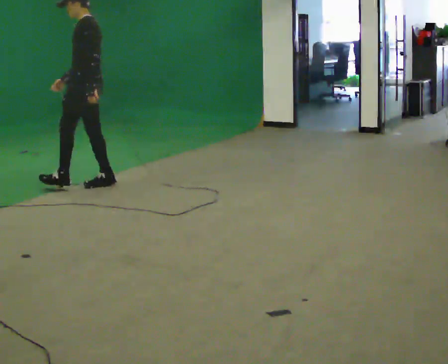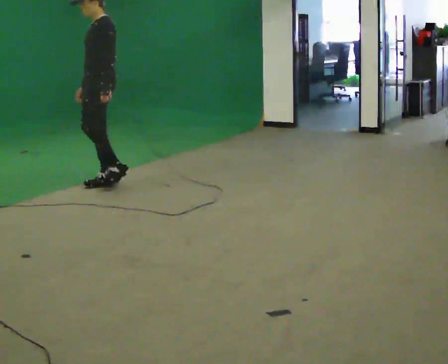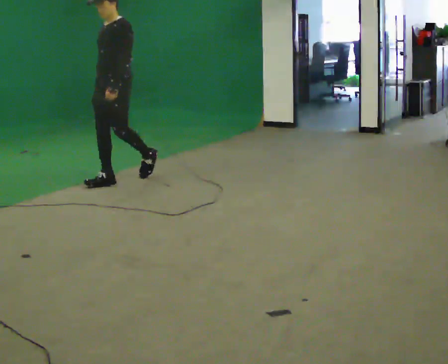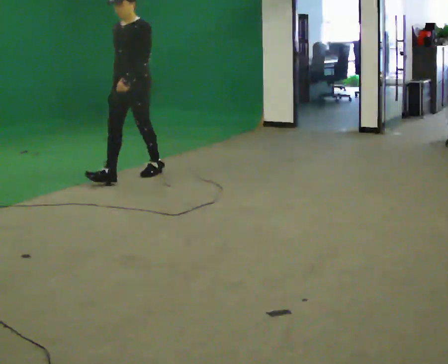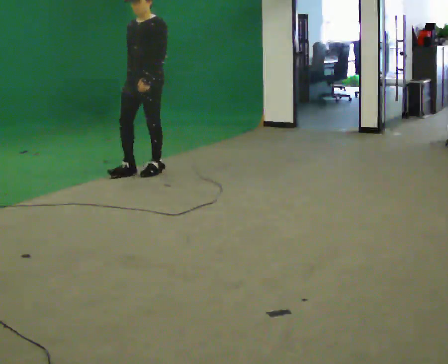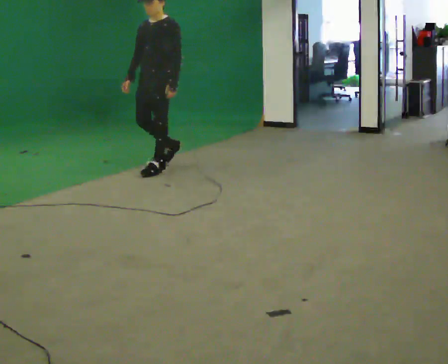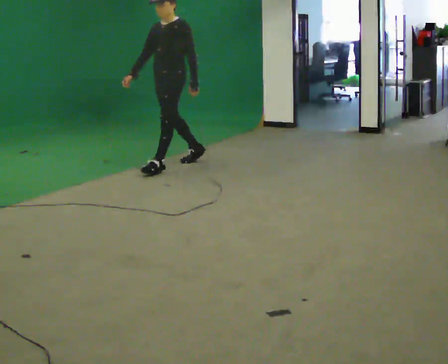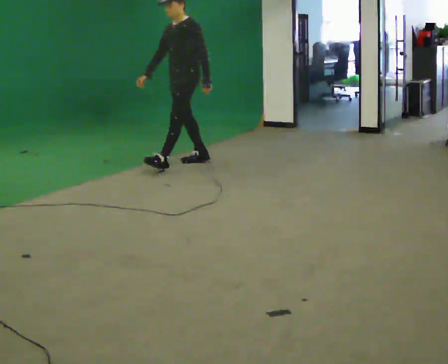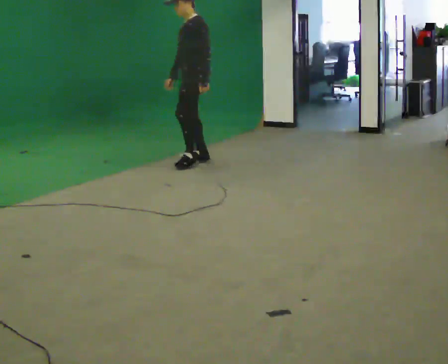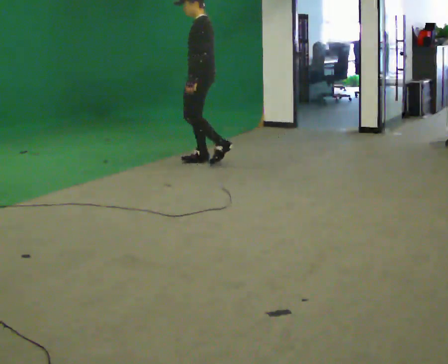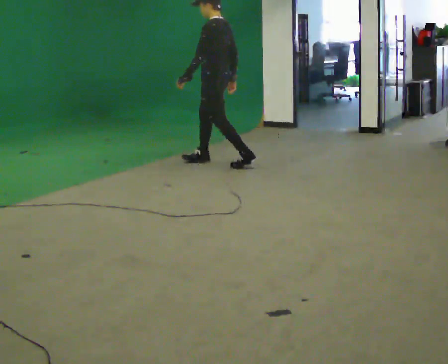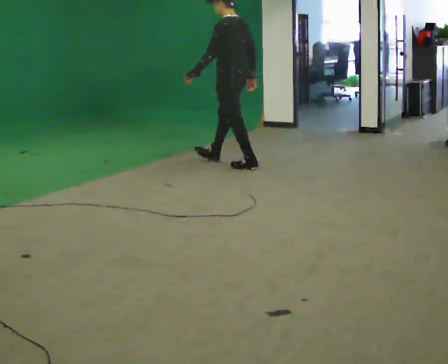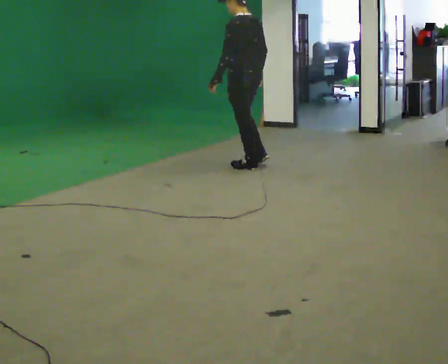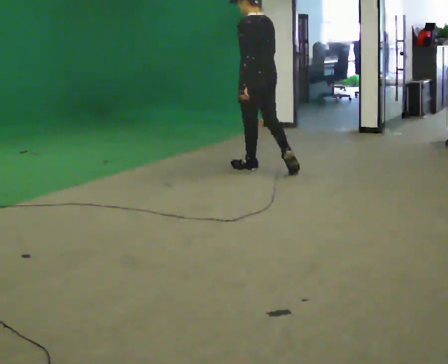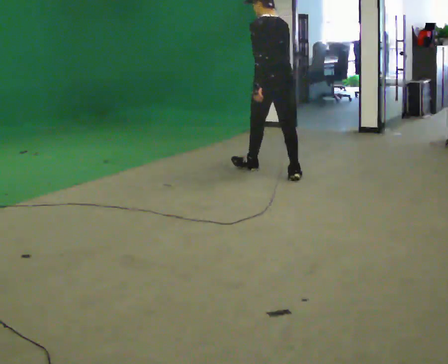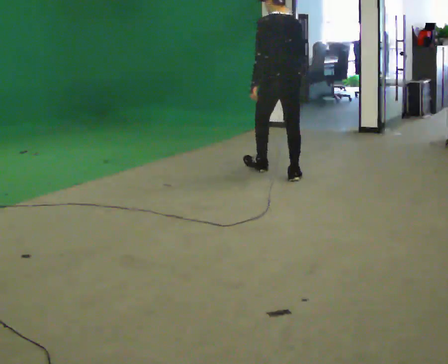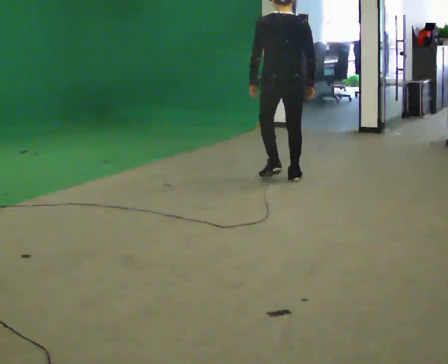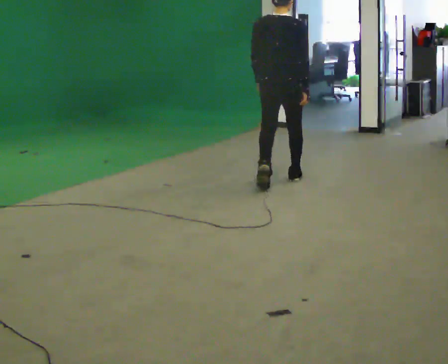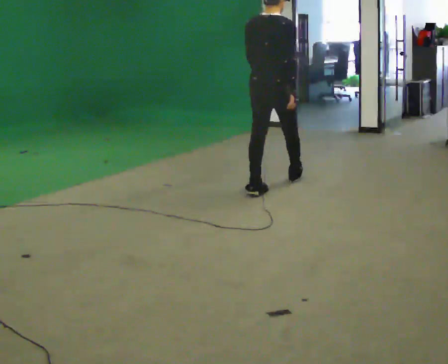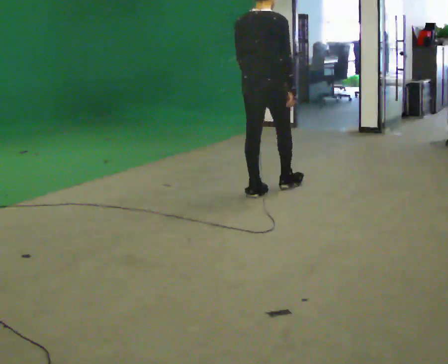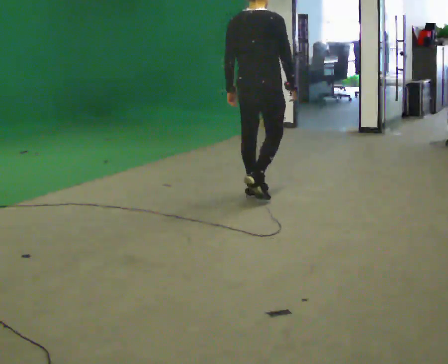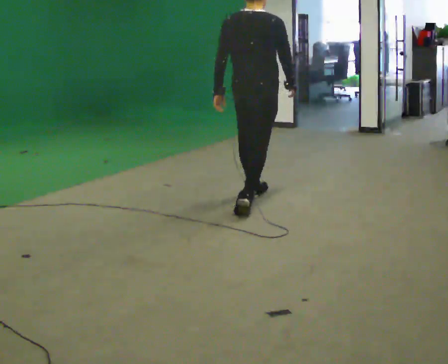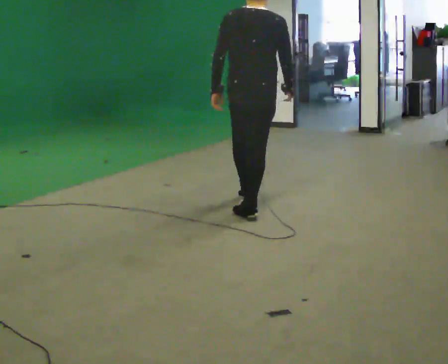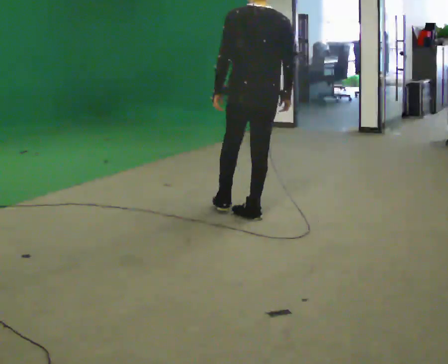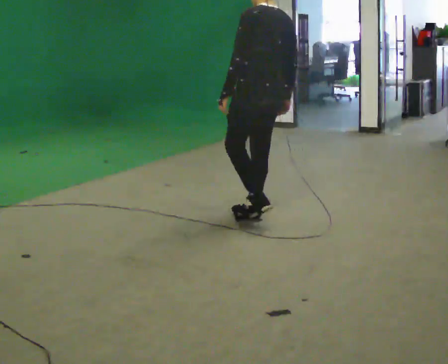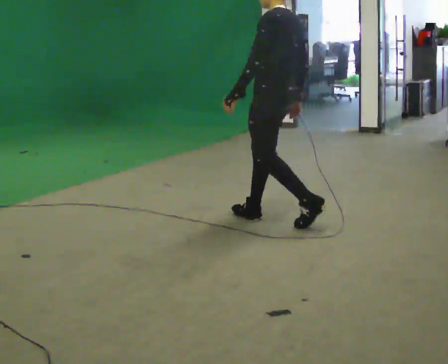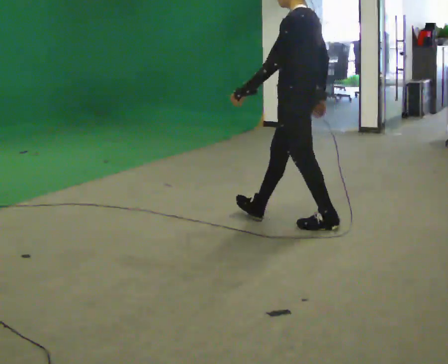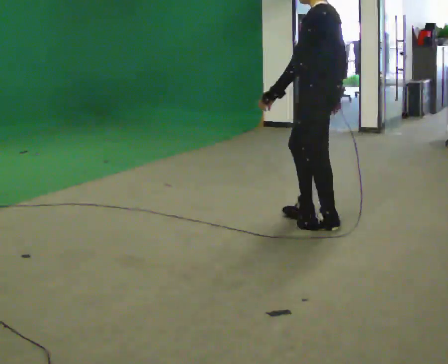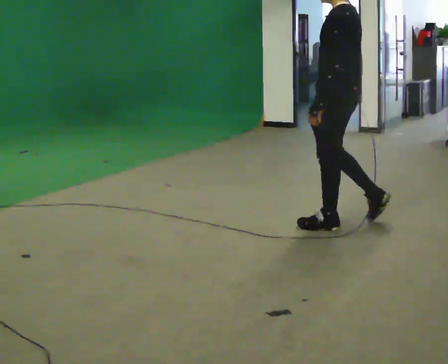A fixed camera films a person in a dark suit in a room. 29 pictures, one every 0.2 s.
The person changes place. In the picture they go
to the right.
0.0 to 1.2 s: The person turns about 45 degrees to their left, counterclockwise seen from above, so the part of the body nearest the lens slides to the right. In the picture they go away from the camera and to the right, about 1 m in 1 step, which for them is backward.
1.2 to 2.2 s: The person turns about 75 degrees to their right, clockwise seen from above, so the part of the body nearest the lens slides to the left. In the picture they go to the right, about 0.75 m in 2 steps.
2.2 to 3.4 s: The person turns about 75 degrees to their right, clockwise seen from above, so the part of the body nearest the lens slides to the left. In the picture they go toward the camera and to the right, about 1 m in 1 step.
3.4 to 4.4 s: In the picture they go toward the camera, about 1 m in 2 steps, which for them is backward.
4.4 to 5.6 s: Seen from above the body turns counterclockwise, about 75 degrees: to their left, with its near side sliding to the right. In the picture they go to the right and toward the camera, about 0.5 m in 1 step.
The film runs backward here.
